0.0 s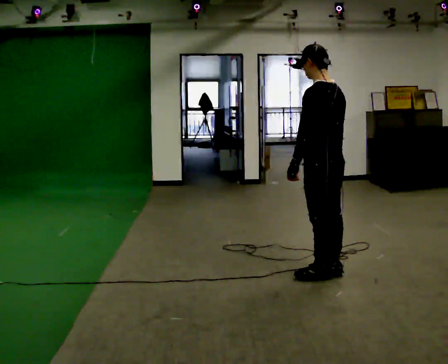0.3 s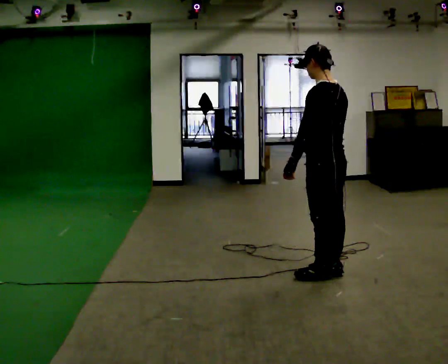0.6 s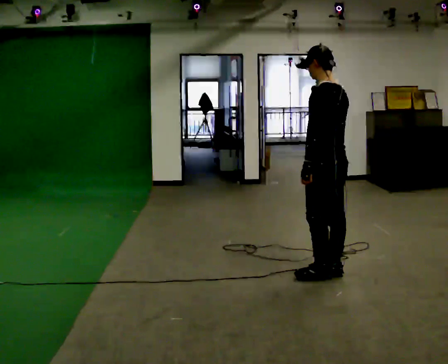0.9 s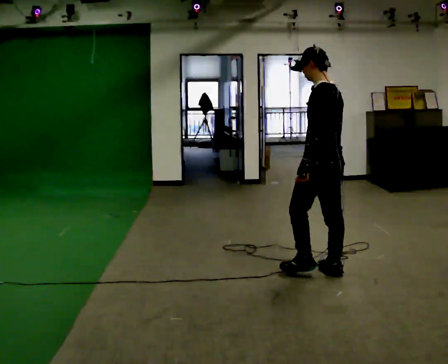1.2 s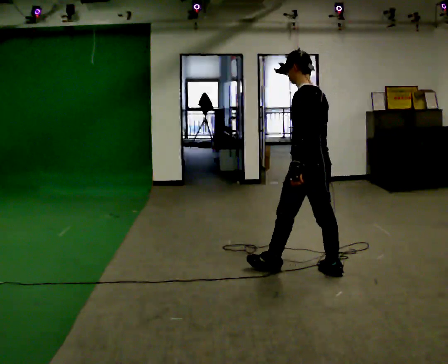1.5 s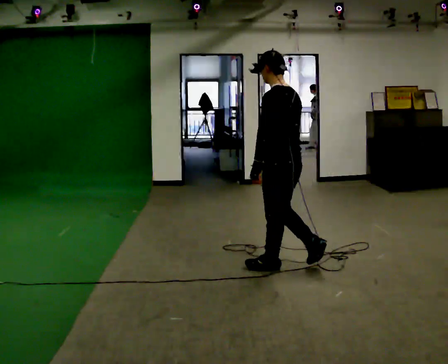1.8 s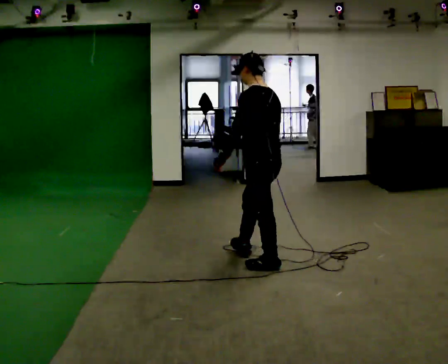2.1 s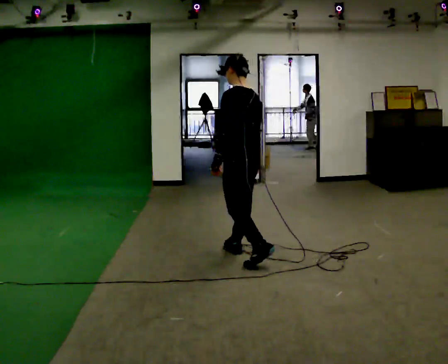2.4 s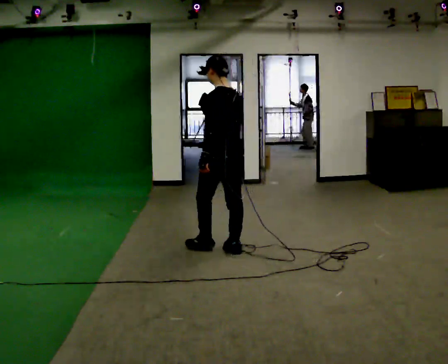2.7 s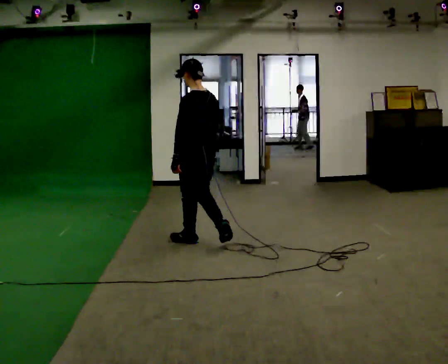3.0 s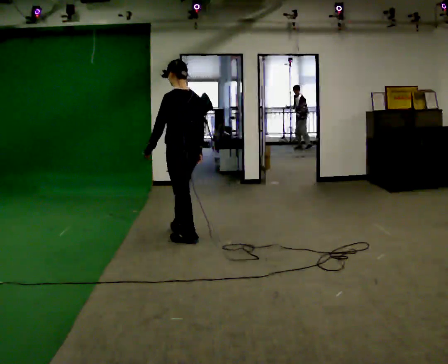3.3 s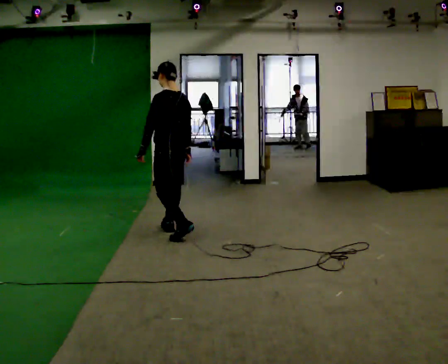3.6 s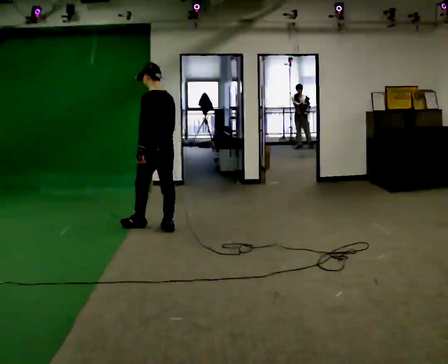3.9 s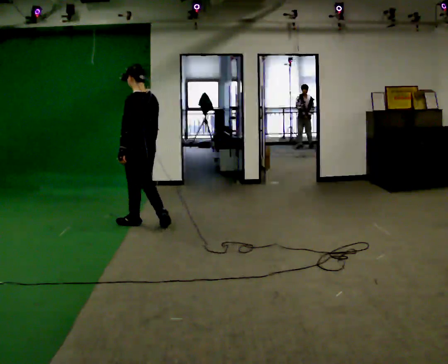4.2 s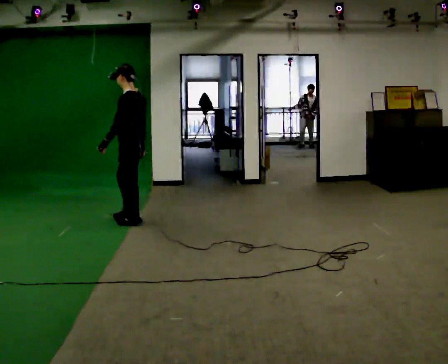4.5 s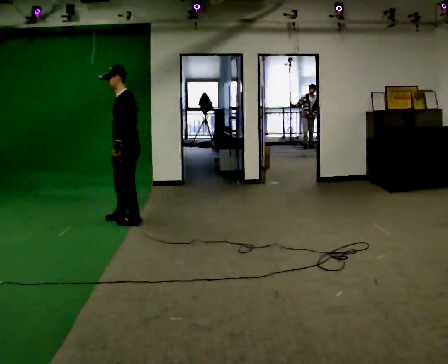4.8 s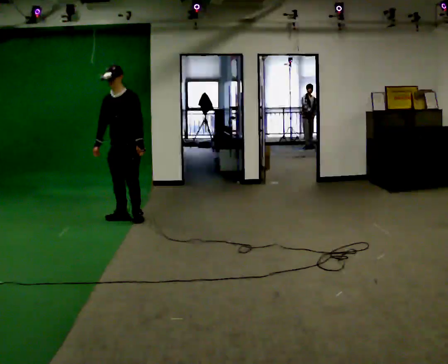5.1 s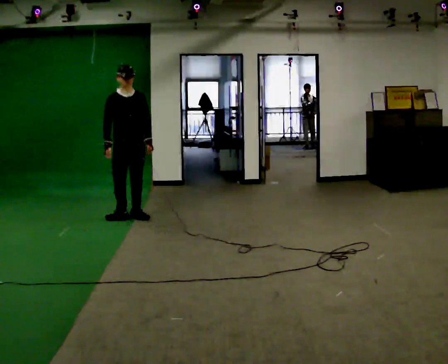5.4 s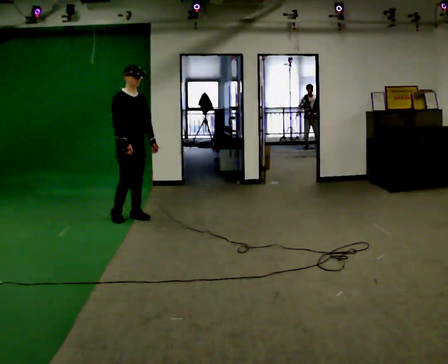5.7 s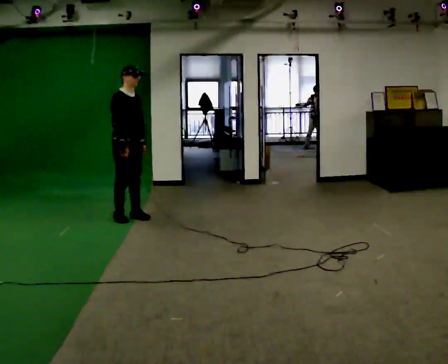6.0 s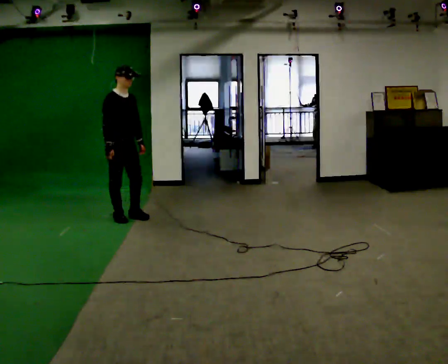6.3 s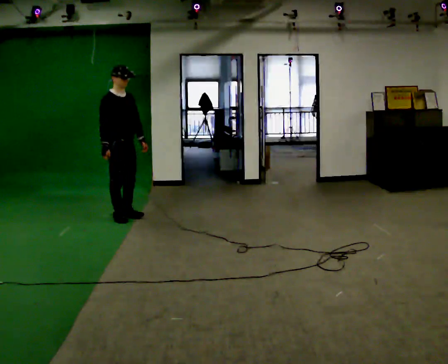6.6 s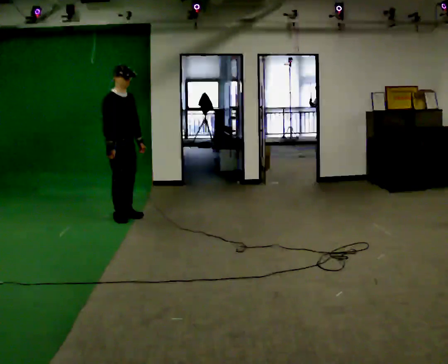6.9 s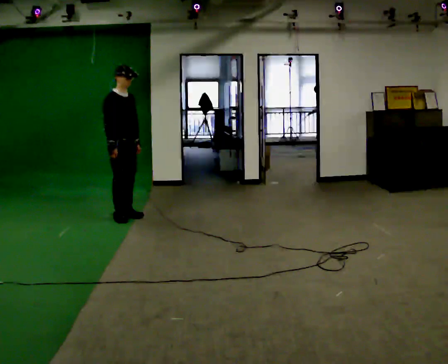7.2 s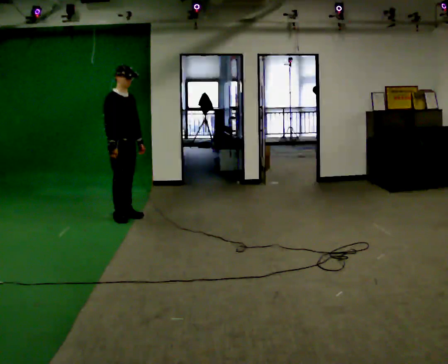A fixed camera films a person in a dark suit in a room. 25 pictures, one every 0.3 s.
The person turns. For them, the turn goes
to their left.
The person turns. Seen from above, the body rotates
counterclockwise.
0.0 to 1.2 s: The person moves a little, or ends about where they began.
1.2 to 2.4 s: In the picture they go away from the camera and to the left, about 1 m in 2 steps, which for them is forward.
2.4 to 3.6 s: In the picture they go away from the camera and to the left, about 1 m in 2 steps, which for them is forward.
3.6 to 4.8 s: Seen from above the body turns counterclockwise, about 105 degrees: to their left, with its near side sliding to the right. In the picture they go away from the camera and to the left, about 0.5 m in 2 steps.
4.8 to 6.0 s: The part of the body nearest the lens slides to the right as the person turns to their left by about 75 degrees.
6.0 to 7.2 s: The person moves a little, or ends about where they began.
The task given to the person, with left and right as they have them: Walk forward in a lowered crouched posture at a comfortable speed; do not go lower than is comfortable; stop.
The film runs forward here.
